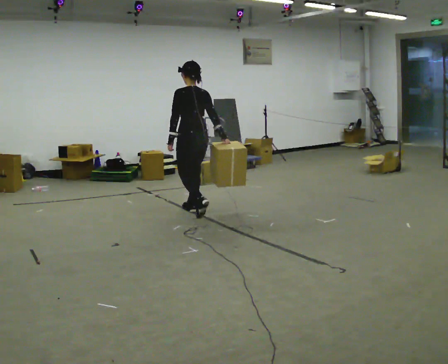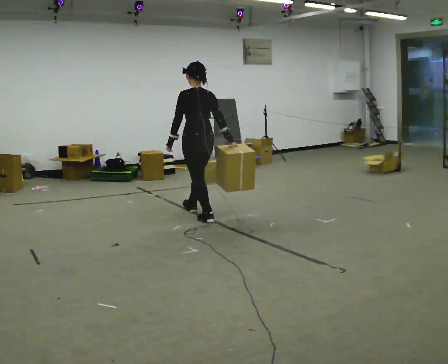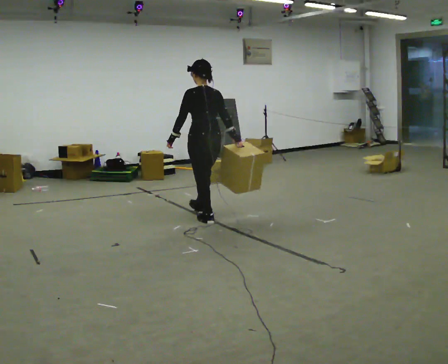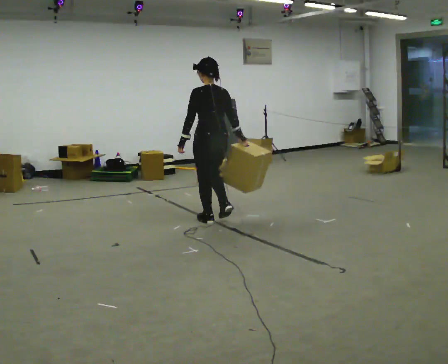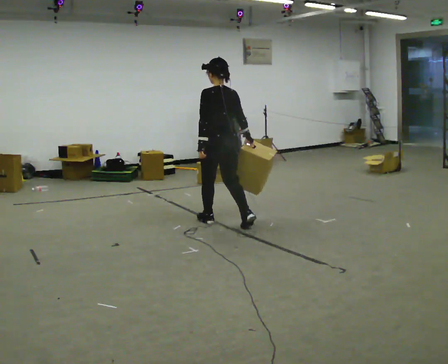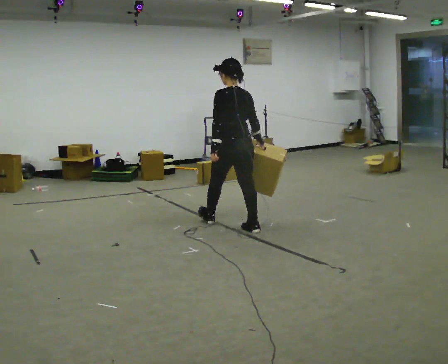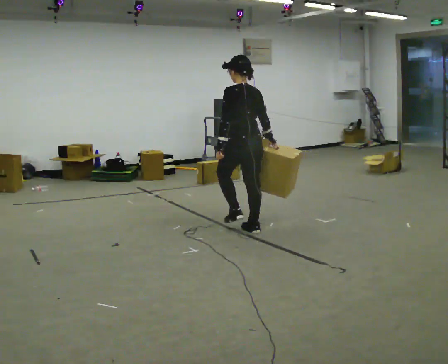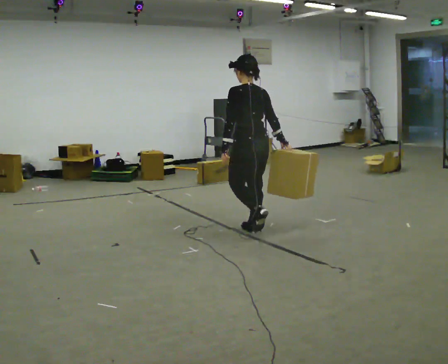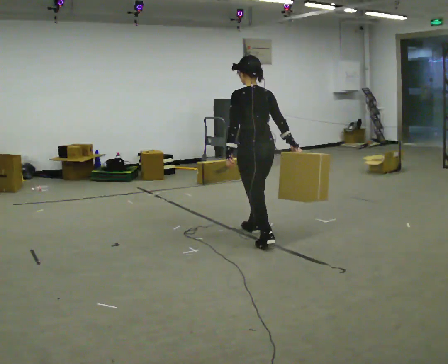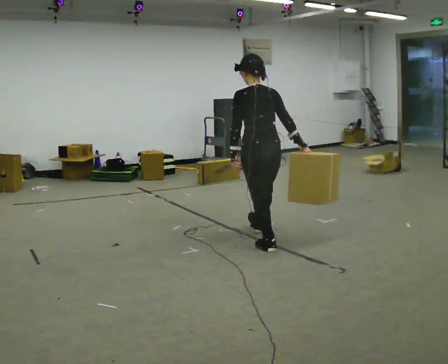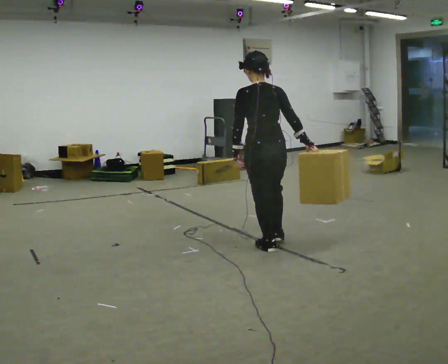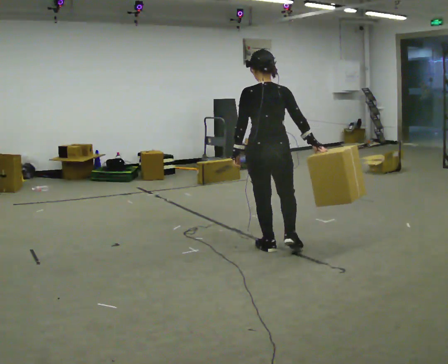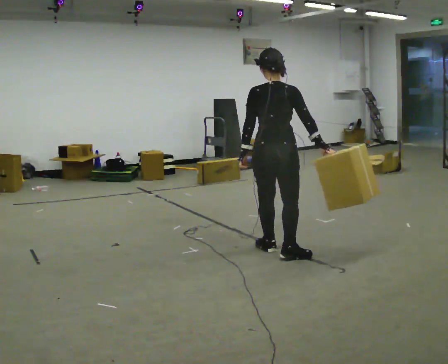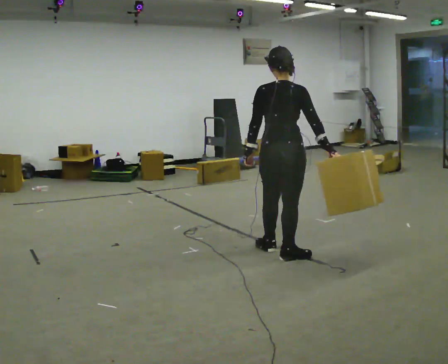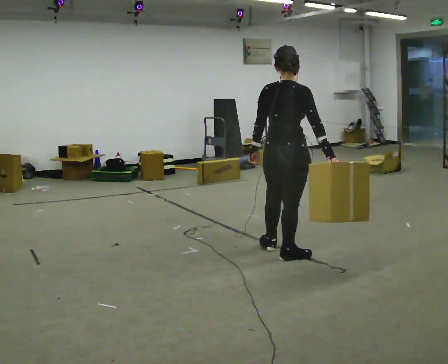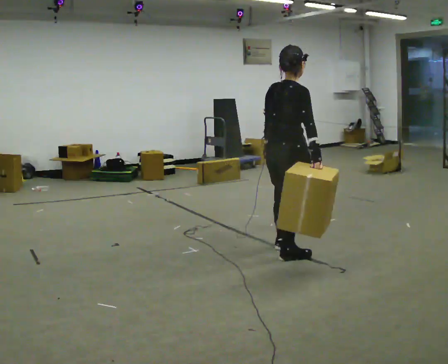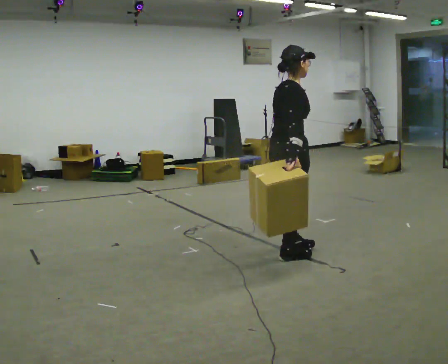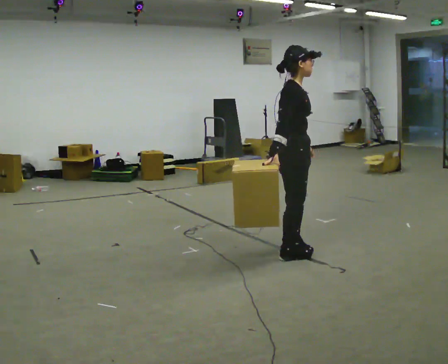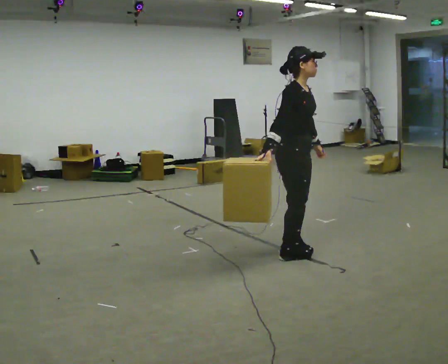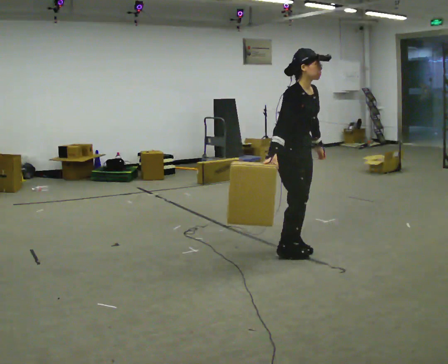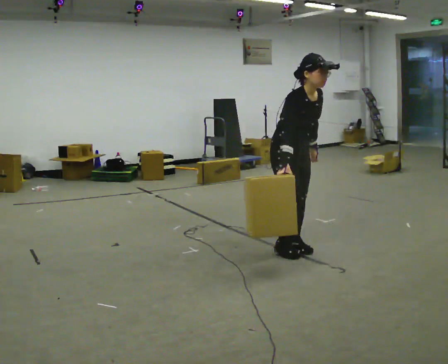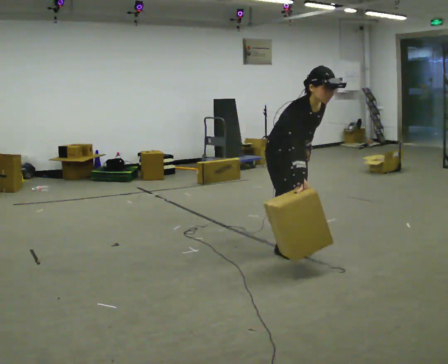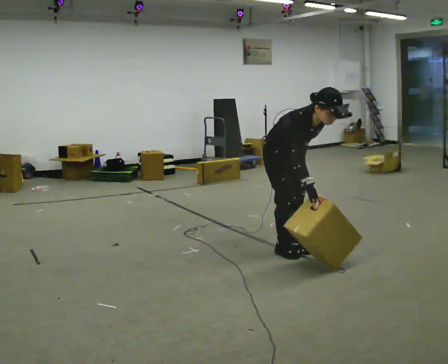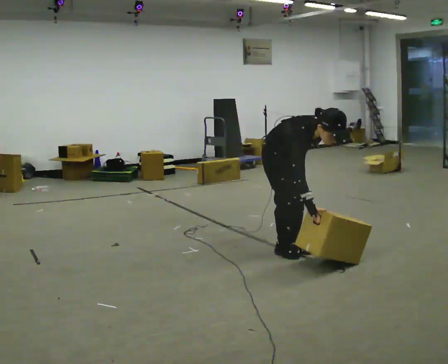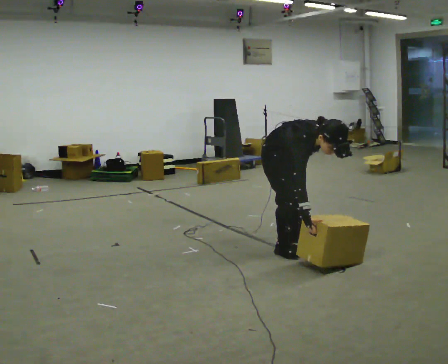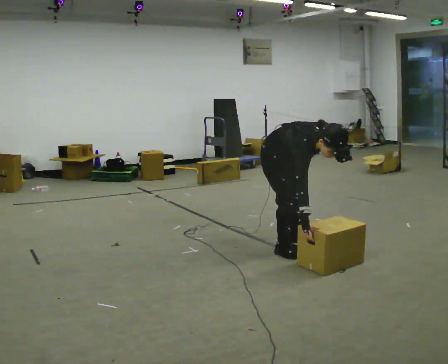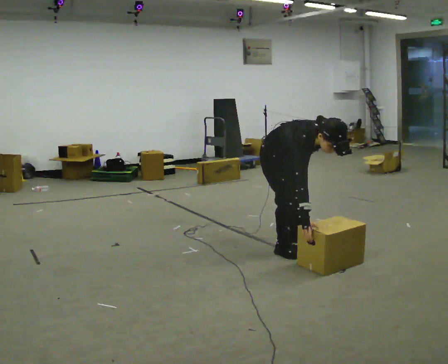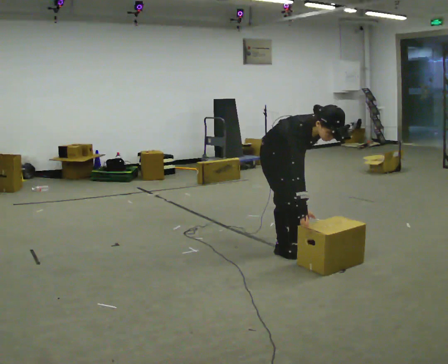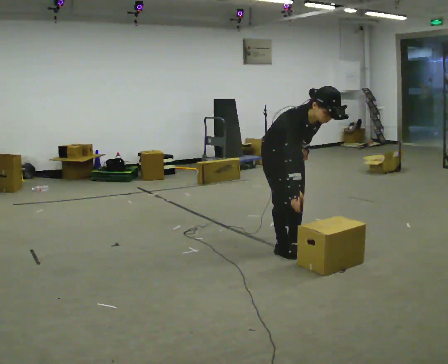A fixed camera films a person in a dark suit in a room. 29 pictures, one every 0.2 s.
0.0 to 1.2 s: In the picture they go to the right and toward the camera, about 1 m in 2 steps, which for them is backward.
1.2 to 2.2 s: Seen from above the body turns clockwise, about 30 degrees: to their right, with its near side sliding to the left. In the picture they go toward the camera and to the right, about 0.5 m in 1 step, which for them is backward.
2.2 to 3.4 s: Seen from above the body turns clockwise, about 105 degrees: to their right, with its near side sliding to the left. In the picture they go to the right, about 0.25 m.
3.4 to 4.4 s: Seen from above the body turns clockwise, about 45 degrees: to their right, with its near side sliding to the left. The upper body goes downward. In the picture the upper body tilts clockwise, shoulders to the right, as they bend forward.
4.4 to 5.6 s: The person moves a little, or ends about where they began.
The film runs backward here.
